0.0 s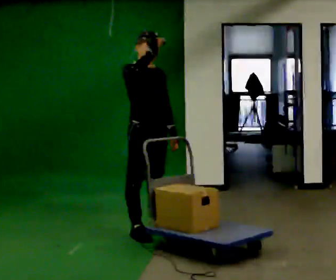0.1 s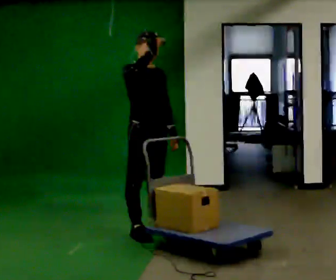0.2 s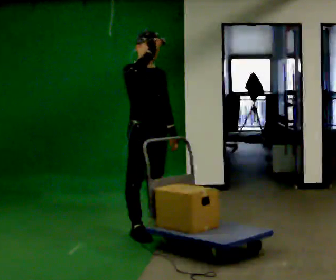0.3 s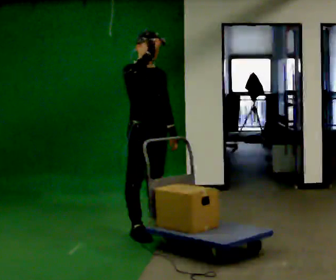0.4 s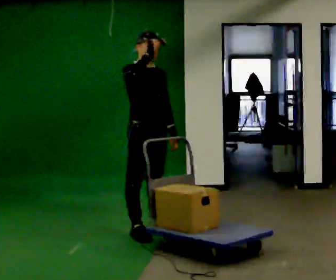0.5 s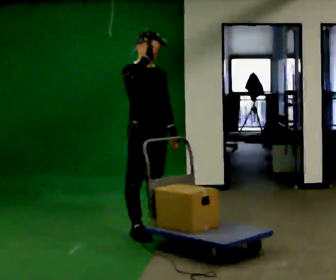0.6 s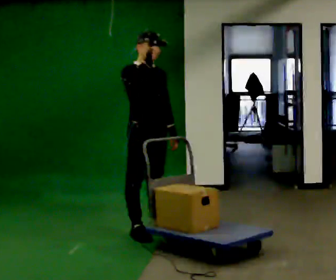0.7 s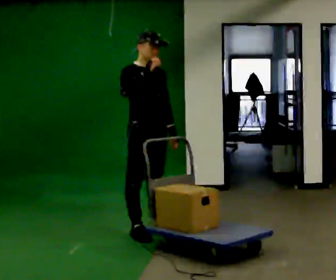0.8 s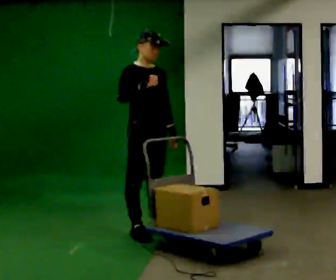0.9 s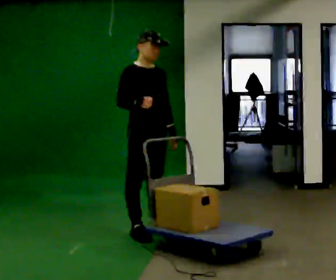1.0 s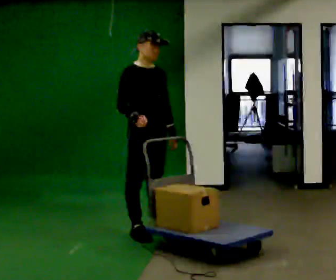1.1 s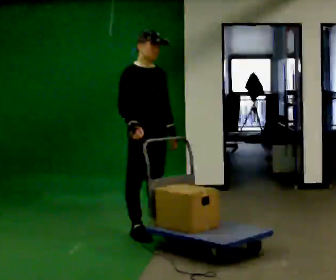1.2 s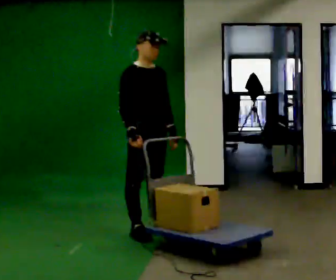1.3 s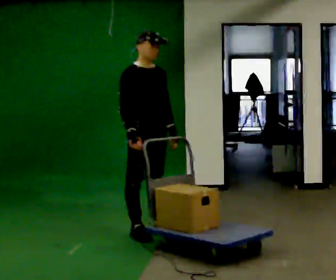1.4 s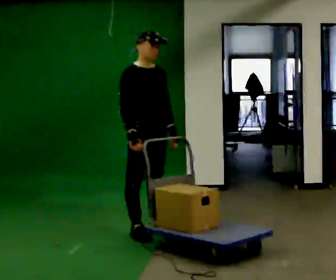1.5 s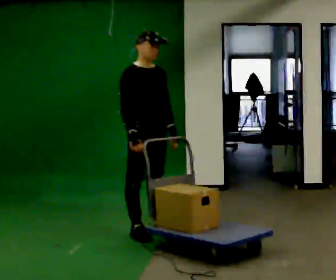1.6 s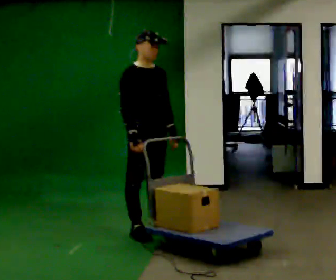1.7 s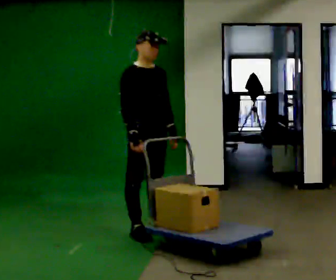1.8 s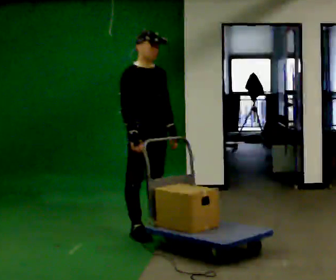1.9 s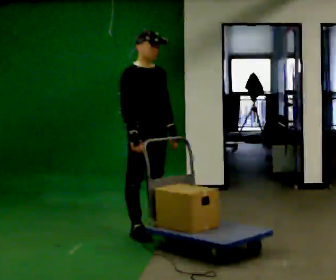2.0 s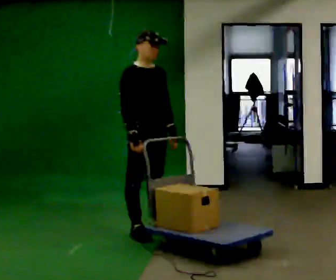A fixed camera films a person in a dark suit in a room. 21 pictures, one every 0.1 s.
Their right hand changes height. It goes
downward.
0.0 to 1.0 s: In the picture their right hand goes downward.
1.0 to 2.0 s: The person moves a little, or ends about where they began.
The film runs backward here.
